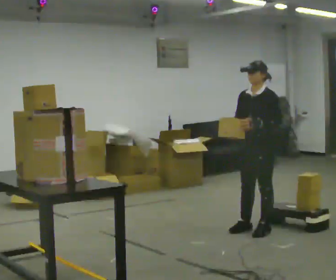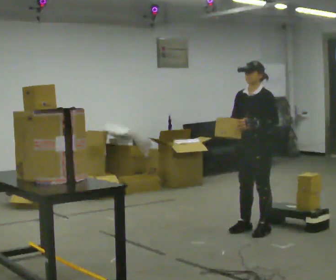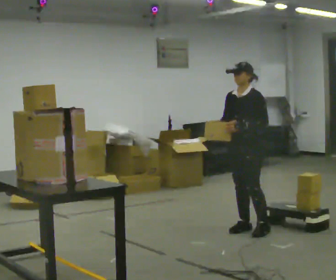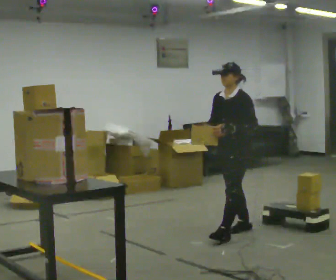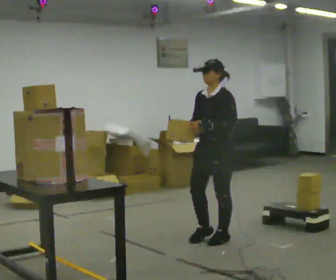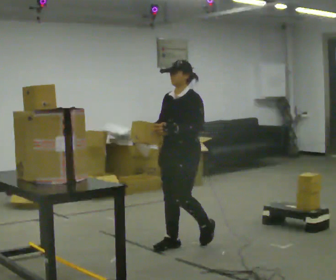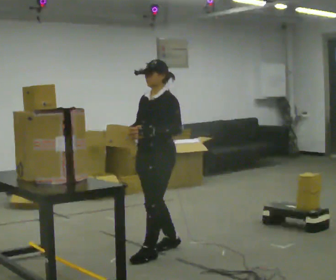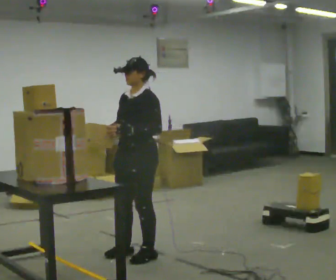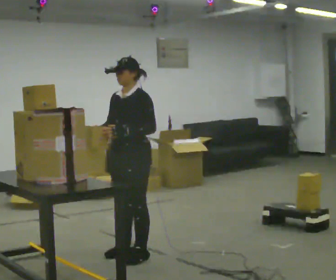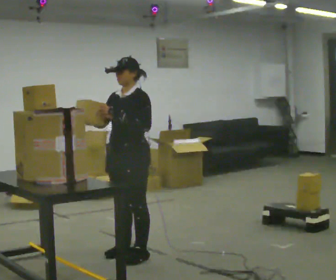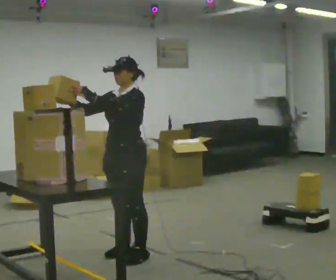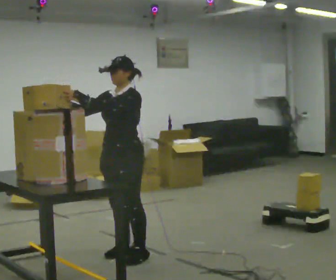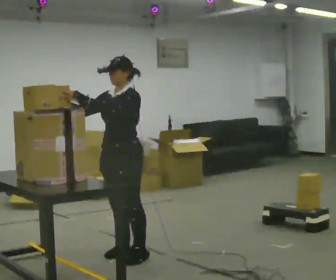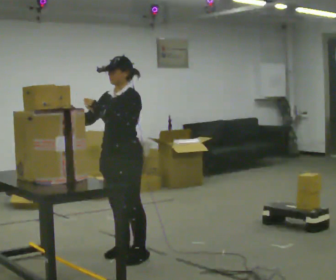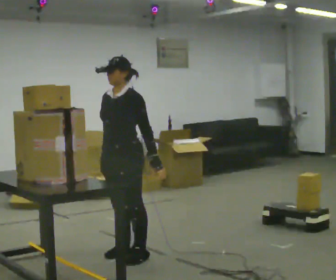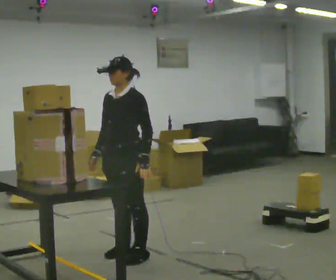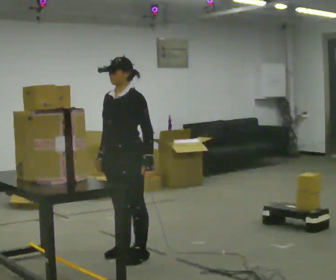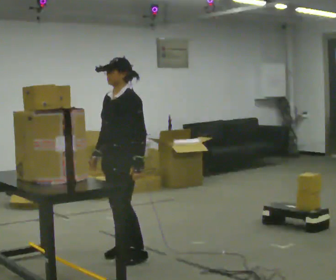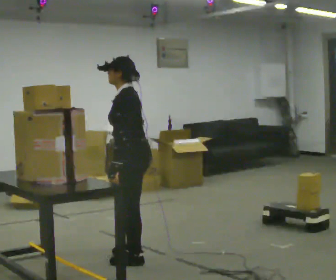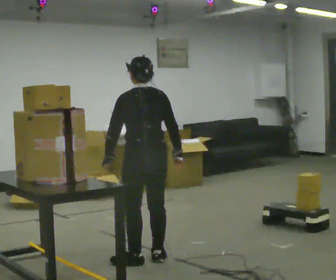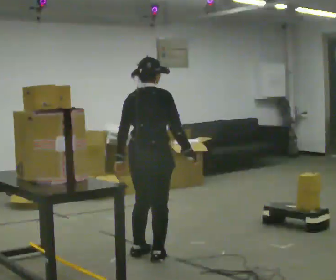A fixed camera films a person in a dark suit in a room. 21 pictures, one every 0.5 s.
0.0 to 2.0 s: In the picture they go to the left and toward the camera, about 0.5 m in 1 step, which for them is forward.
2.0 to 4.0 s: In the picture they go to the left and toward the camera, about 1 m in 3 steps, which for them is forward.
4.0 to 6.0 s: The person moves a little, or ends about where they began.
6.0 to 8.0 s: In the picture their left hand goes to the right and downward.
8.0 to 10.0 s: The part of the body nearest the lens slides to the left as the person turns to their right by about 165 degrees. In the picture they go to the right, about 0.25 m in 3 steps. In the picture their right hand goes to the right, the arm swinging counterclockwise.
The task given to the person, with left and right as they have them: Take an object from the highest shelf you can comfortably reach, carry it across, and place it on the lowest shelf. Keep going until the operator says stop; one object at a time, and do not rush between trips.
The film runs forward here.
